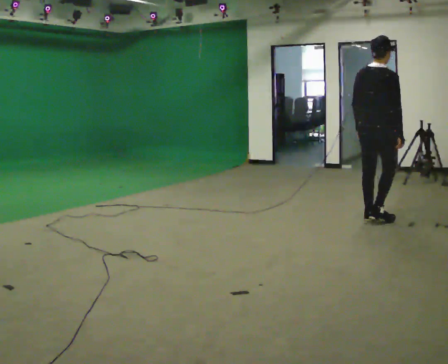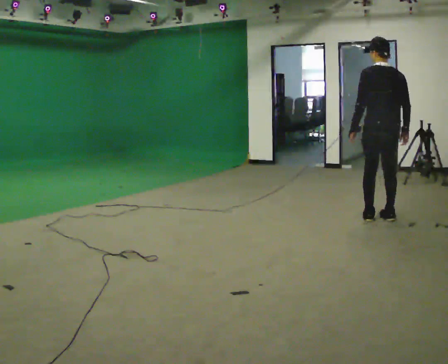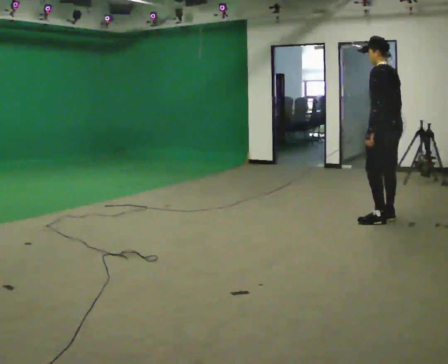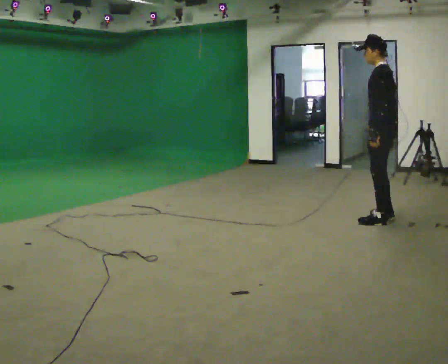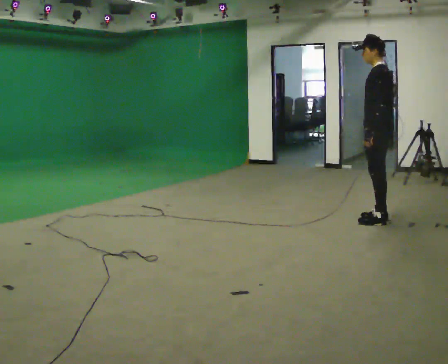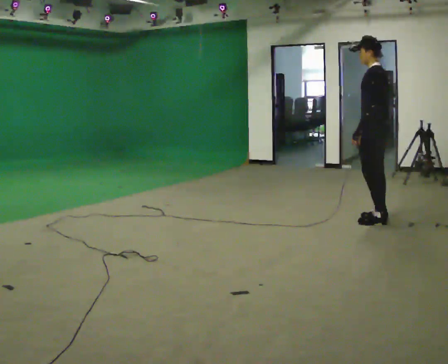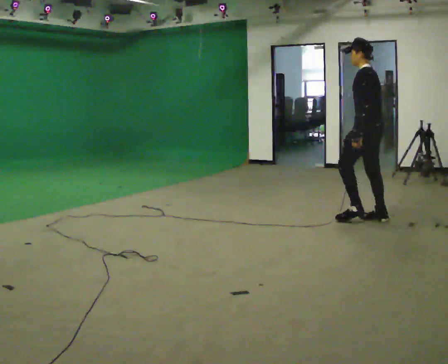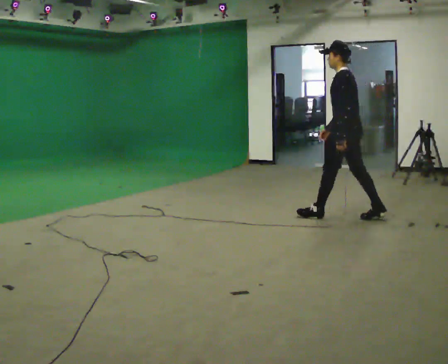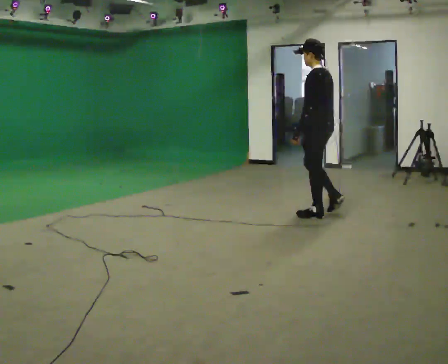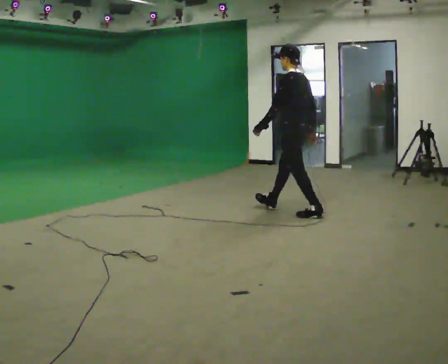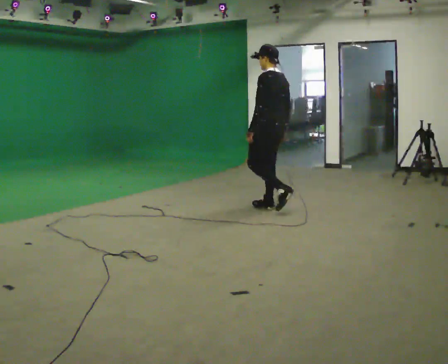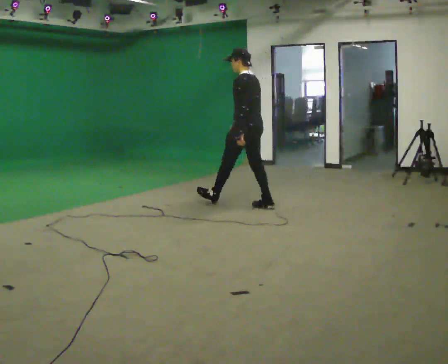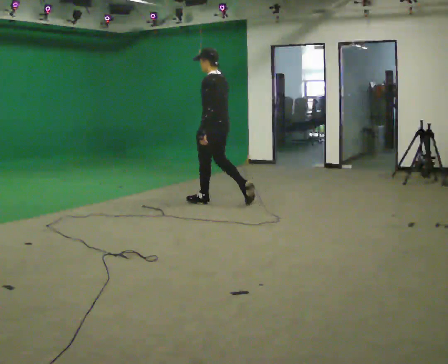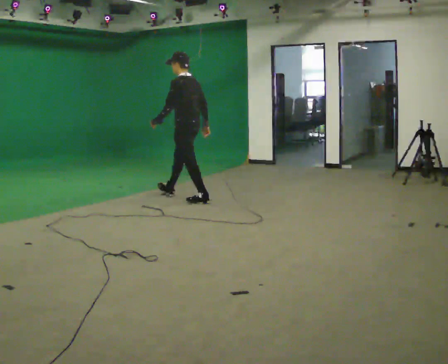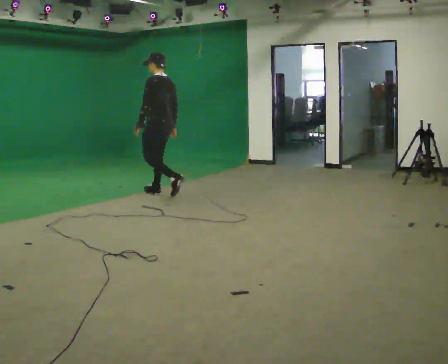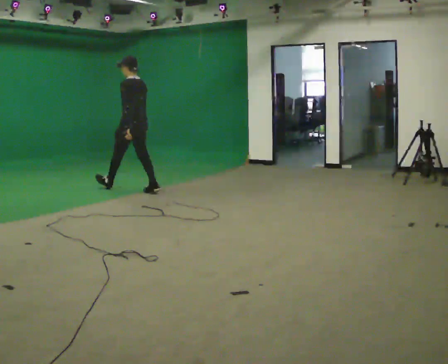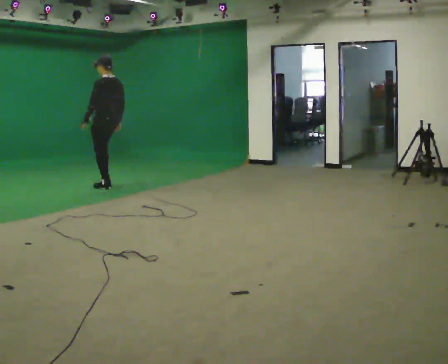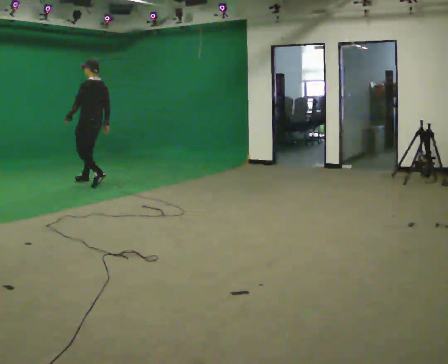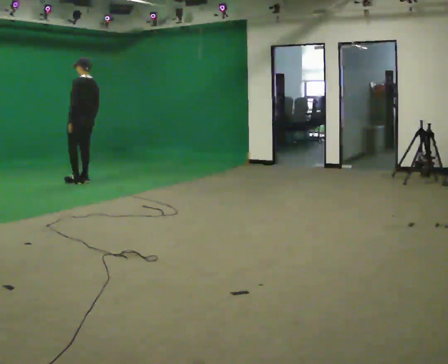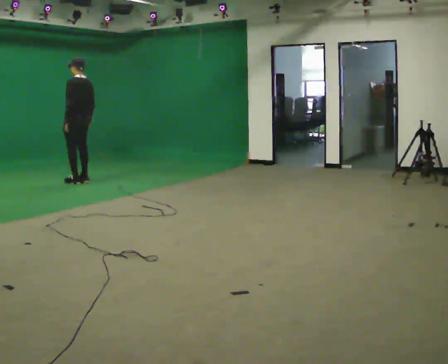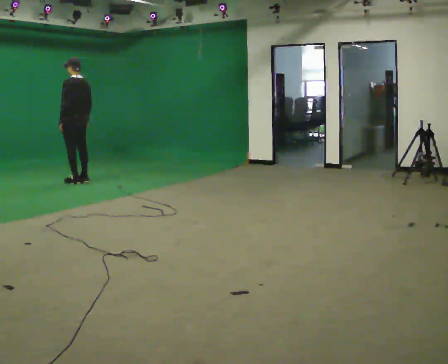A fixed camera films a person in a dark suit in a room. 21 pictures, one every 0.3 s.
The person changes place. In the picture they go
to the left.
0.0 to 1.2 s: The person turns about 120 degrees to their left, counterclockwise seen from above, so the part of the body nearest the lens slides to the right.
1.2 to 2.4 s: In the picture they go to the left and away from the camera, about 0.5 m in 1 step, which for them is forward.
2.4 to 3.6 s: In the picture they go to the left and away from the camera, about 1.5 m in 2 steps, which for them is forward.
3.6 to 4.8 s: In the picture they go to the left and away from the camera, about 1.5 m in 2 steps, which for them is forward.
4.8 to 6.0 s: In the picture they go to the left and away from the camera, about 0.5 m in 2 steps, which for them is forward.
The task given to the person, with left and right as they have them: Start still; gradually go slow → normal → fast; briefly maintain fast speed; stop.
The film runs forward here.
